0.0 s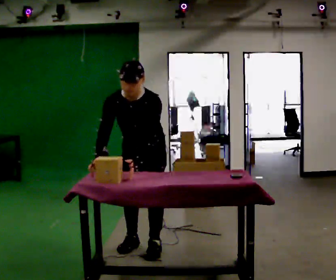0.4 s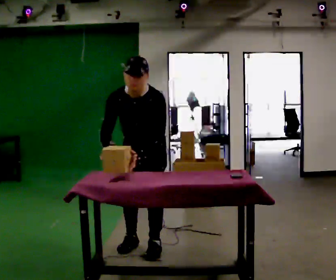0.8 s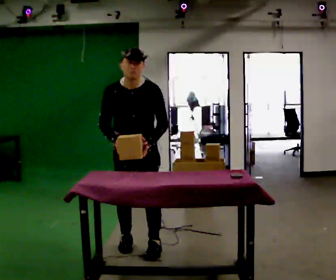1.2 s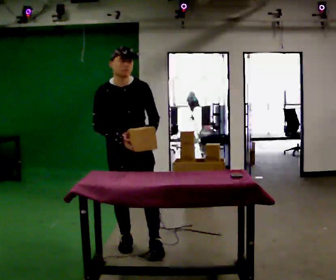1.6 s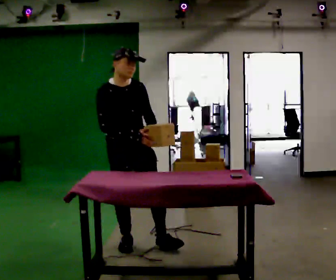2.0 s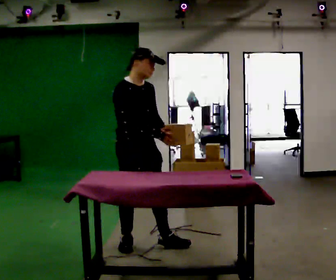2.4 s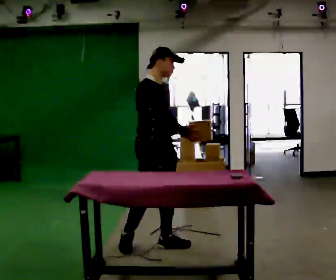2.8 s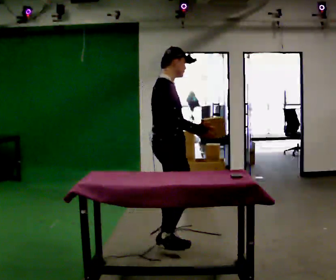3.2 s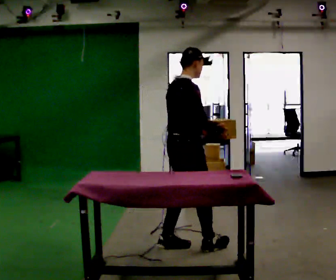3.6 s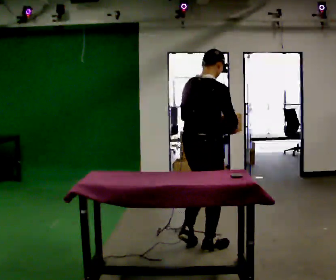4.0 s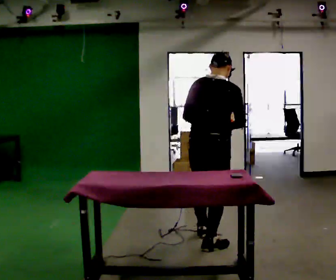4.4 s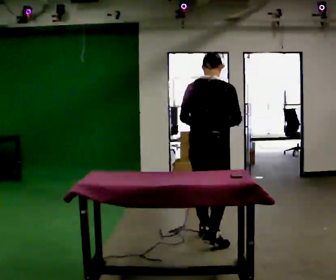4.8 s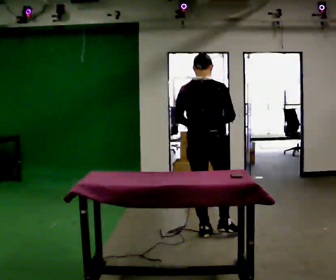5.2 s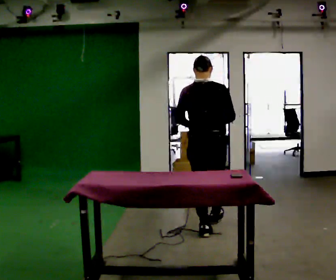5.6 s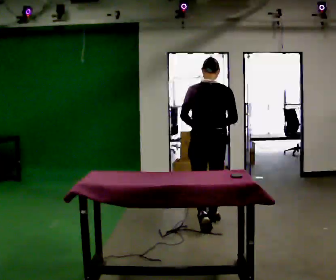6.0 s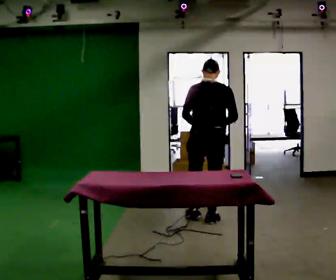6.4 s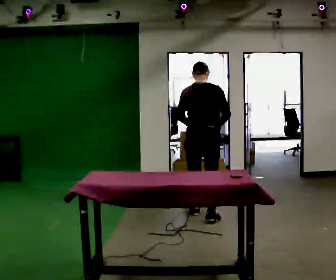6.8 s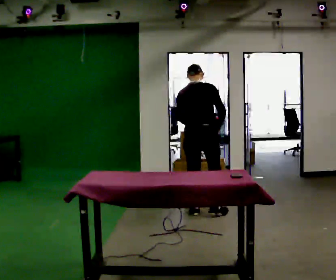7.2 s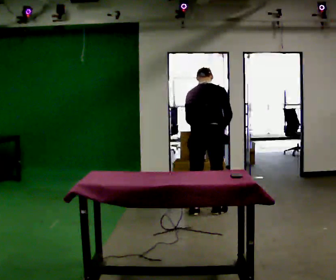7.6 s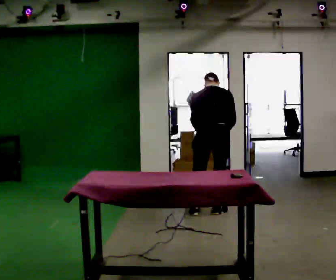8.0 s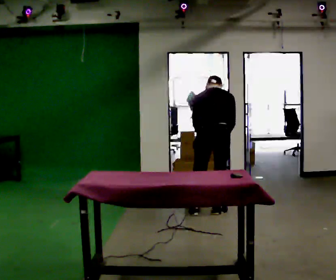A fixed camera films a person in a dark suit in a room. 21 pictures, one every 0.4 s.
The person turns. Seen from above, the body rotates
counterclockwise.
The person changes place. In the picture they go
away from the camera.
0.0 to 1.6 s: Seen from above the body turns counterclockwise, about 60 degrees: to their left, with its near side sliding to the right. In the picture they go to the left, about 0.25 m, which for them is to their right. The upper body tips away from the camera, its near side rolling upward, as they lean back or straighten.
1.6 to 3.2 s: The person turns about 75 degrees to their left, counterclockwise seen from above, so the part of the body nearest the lens slides to the right. In the picture they go to the right, about 0.5 m in 1 step.
3.2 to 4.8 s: Seen from above the body turns counterclockwise, about 60 degrees: to their left, with its near side sliding to the right. In the picture they go away from the camera and to the right, about 0.5 m in 1 step, which for them is forward.
4.8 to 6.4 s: In the picture they go away from the camera, about 0.75 m in 2 steps, which for them is forward.
6.4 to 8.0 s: The upper body tips away from the camera, its near side rolling upward, as they bend forward.
The film runs forward here.
